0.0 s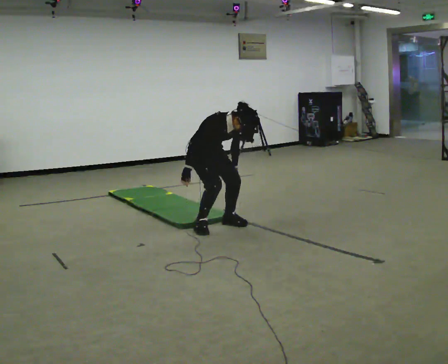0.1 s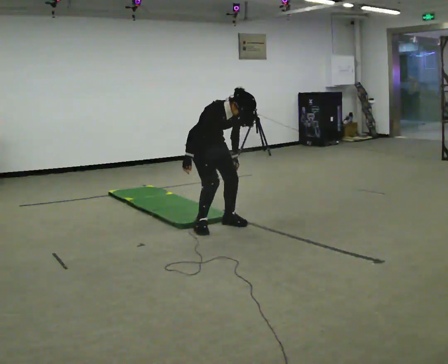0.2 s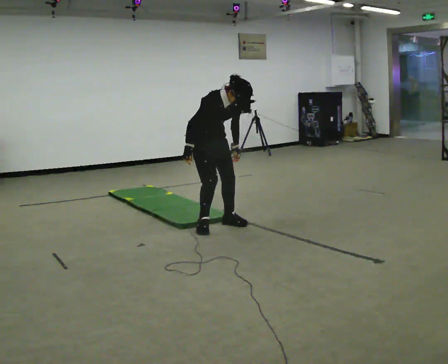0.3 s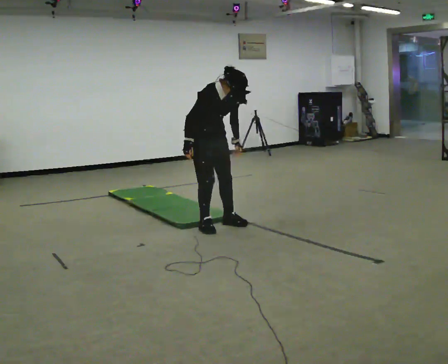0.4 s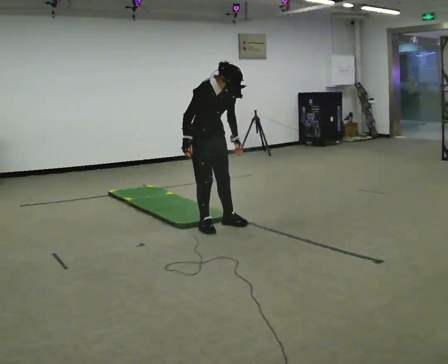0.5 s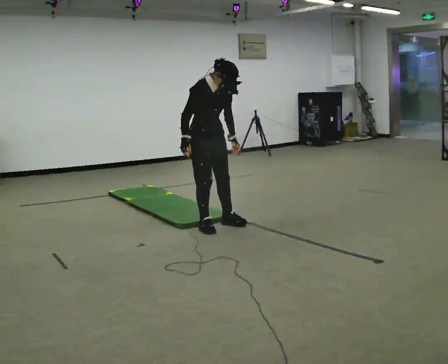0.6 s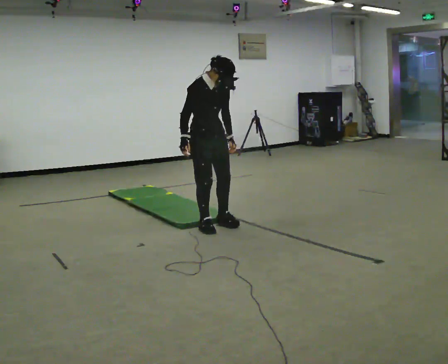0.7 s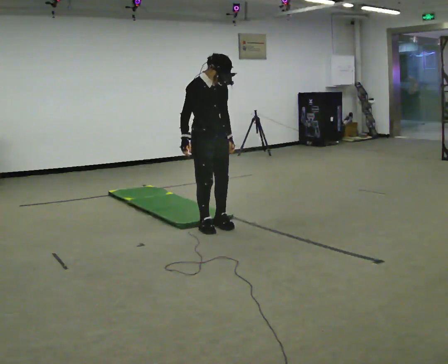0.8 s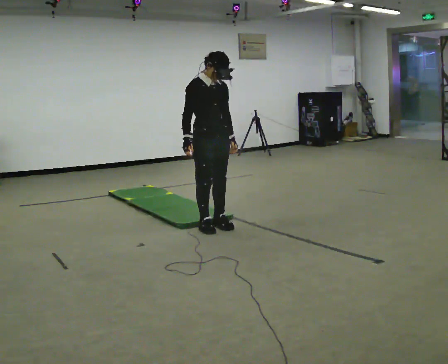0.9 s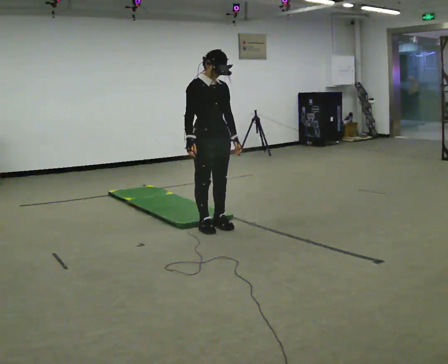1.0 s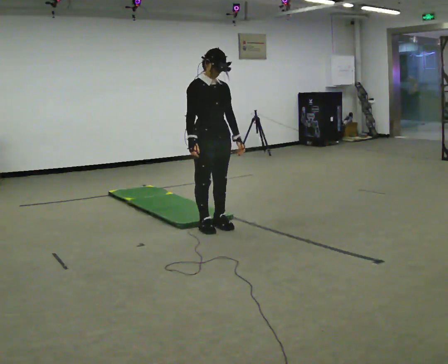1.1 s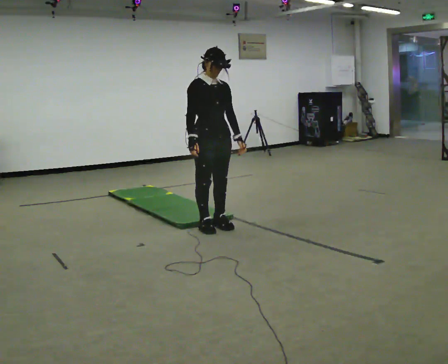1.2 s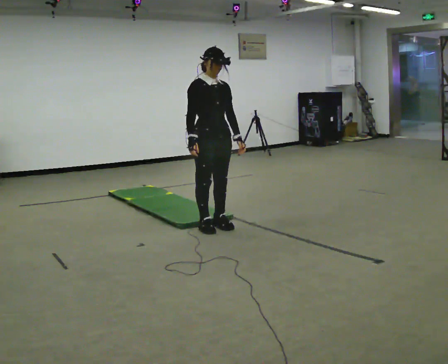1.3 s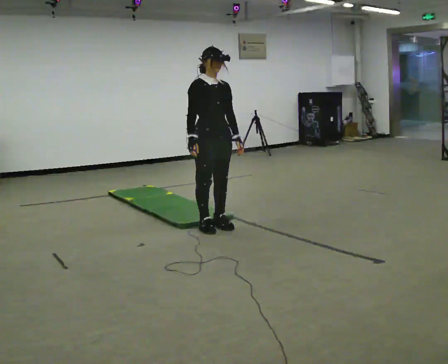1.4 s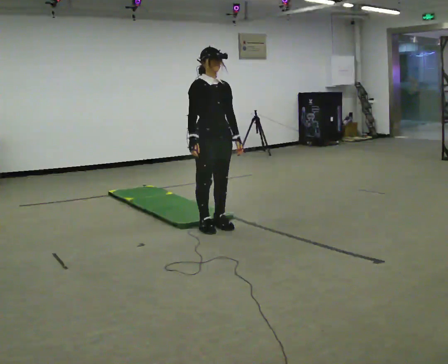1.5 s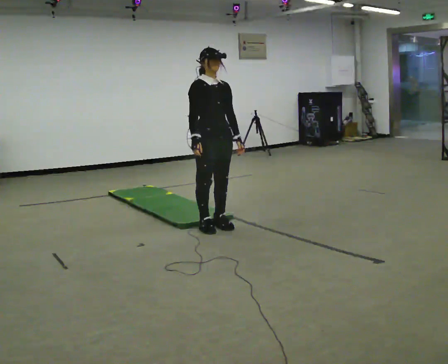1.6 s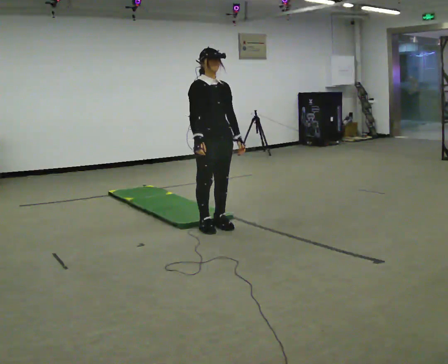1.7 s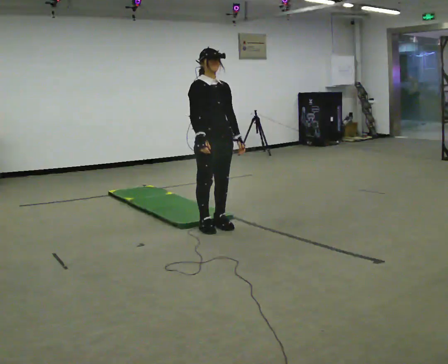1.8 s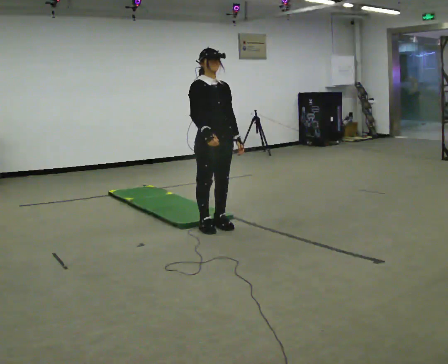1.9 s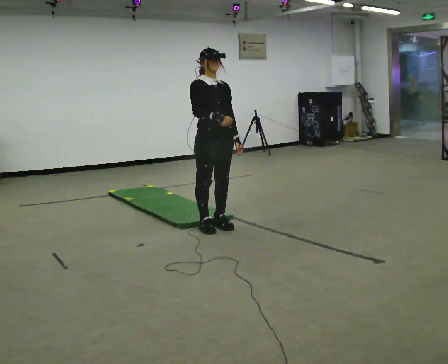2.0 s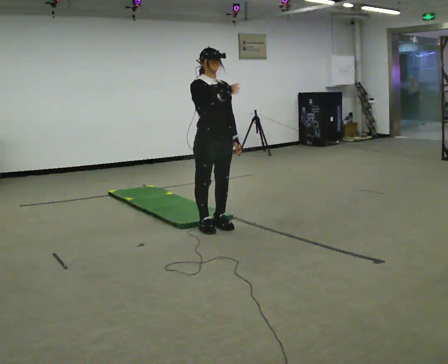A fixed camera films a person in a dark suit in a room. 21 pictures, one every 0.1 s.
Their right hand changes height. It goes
upward.
The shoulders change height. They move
upward.
0.0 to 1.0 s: In the picture they go toward the camera, about 0.25 m, which for them is forward. The upper body goes upward. The upper body tips away from the camera, its near side rolling upward, as they lean back or straighten.
1.0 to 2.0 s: In the picture their right hand goes upward.
The film runs forward here.
